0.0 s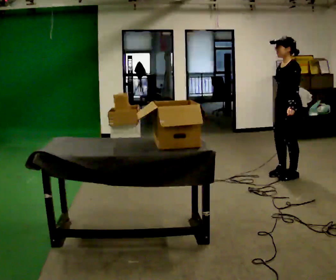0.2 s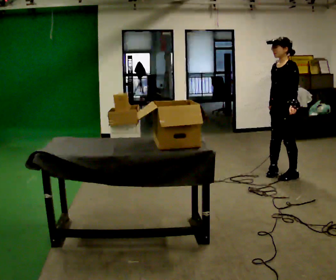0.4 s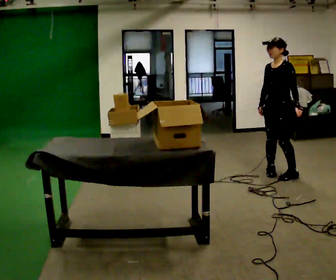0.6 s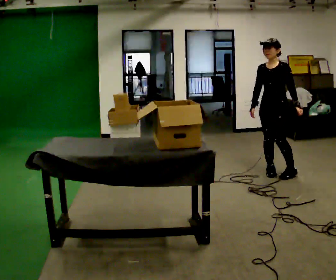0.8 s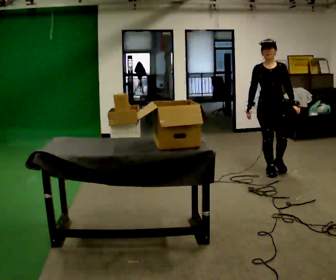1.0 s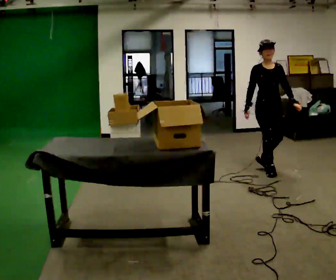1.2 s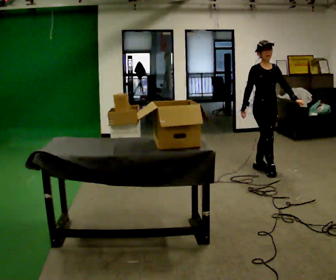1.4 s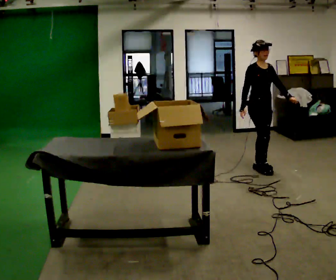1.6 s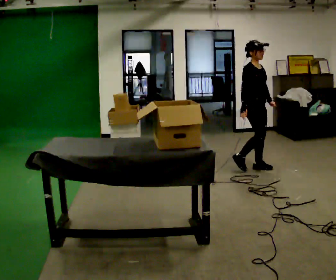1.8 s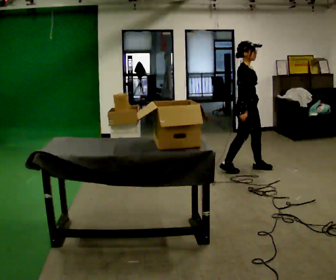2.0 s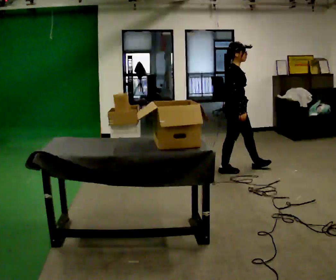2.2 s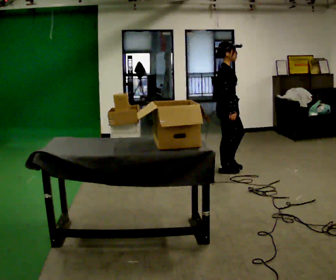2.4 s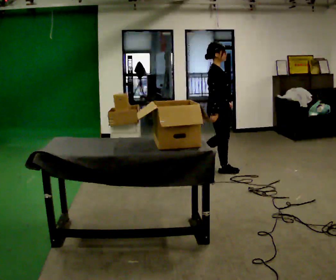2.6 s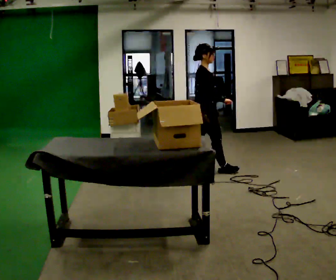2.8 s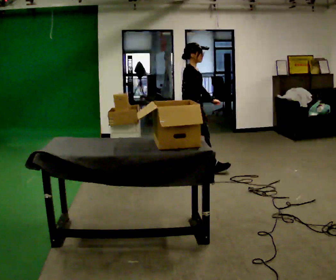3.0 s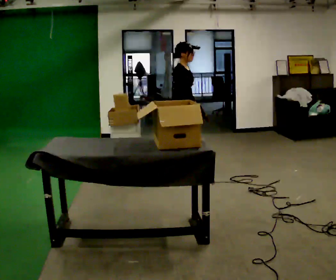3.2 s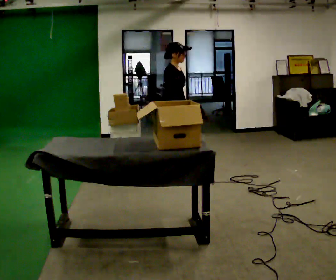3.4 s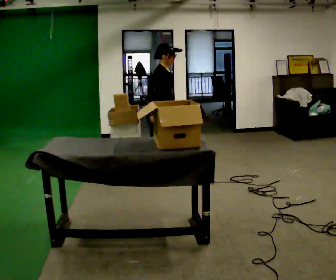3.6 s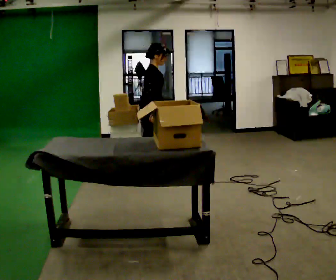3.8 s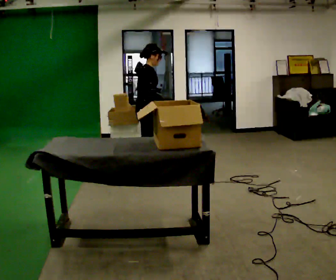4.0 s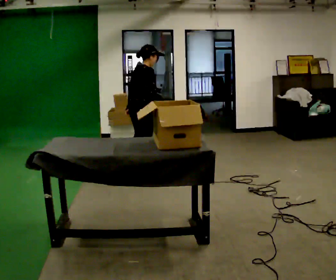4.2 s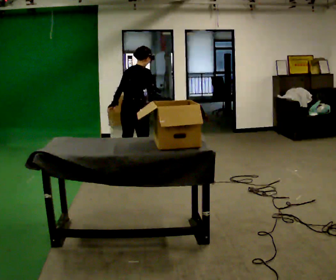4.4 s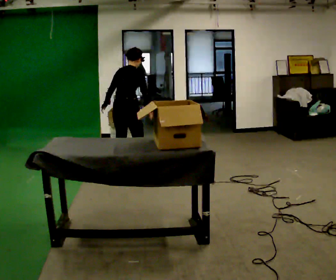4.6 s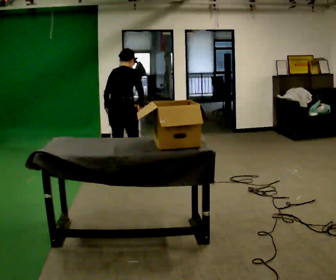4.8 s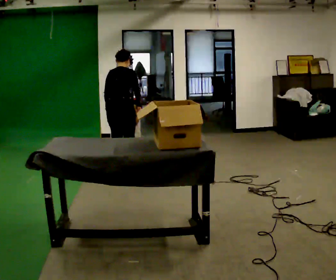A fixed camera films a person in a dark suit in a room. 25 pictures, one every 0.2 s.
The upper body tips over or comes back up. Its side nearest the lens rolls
upward.
The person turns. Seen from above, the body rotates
counterclockwise.
0.0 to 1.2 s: The part of the body nearest the lens slides to the right as the person turns to their left by about 105 degrees. In the picture they go away from the camera and to the left, about 0.5 m in 1 step.
1.2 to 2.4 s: The person turns about 60 degrees to their left, counterclockwise seen from above, so the part of the body nearest the lens slides to the right. In the picture they go to the left, about 0.5 m in 2 steps.
2.4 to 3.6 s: In the picture they go to the left, about 1 m in 2 steps, which for them is backward.
3.6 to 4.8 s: Seen from above the body turns counterclockwise, about 75 degrees: to their left, with its near side sliding to the right. In the picture they go to the left, about 0.5 m. The upper body tips away from the camera, its near side rolling upward, as they bend forward.
The film runs backward here.
